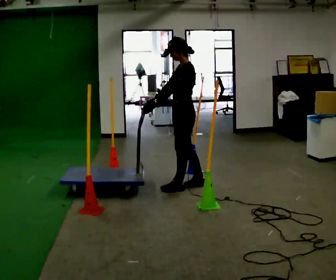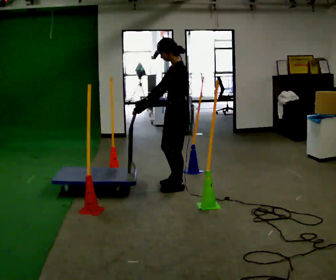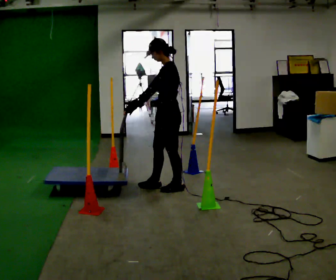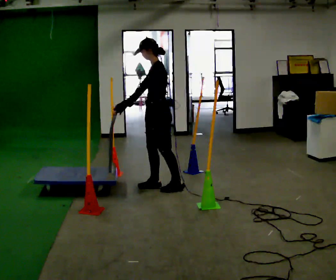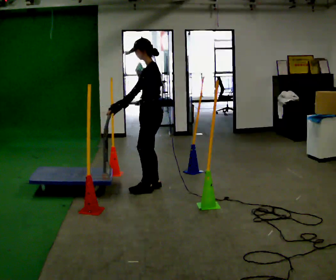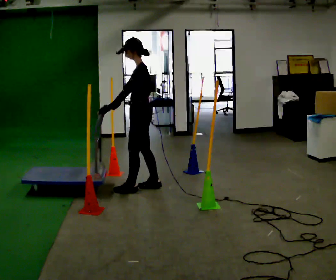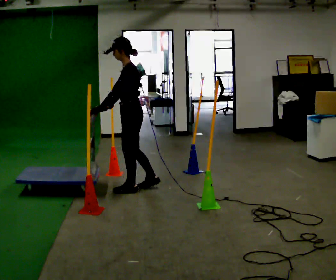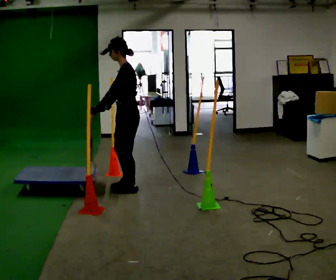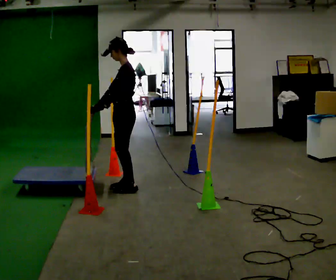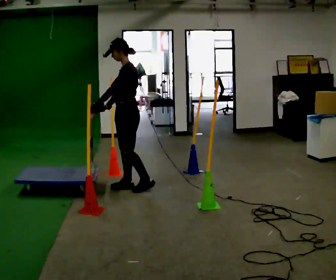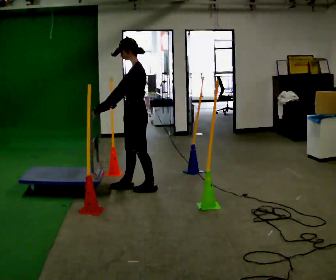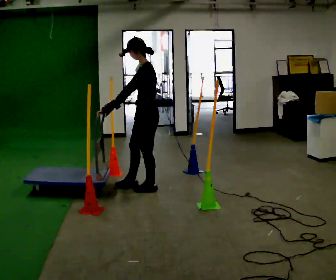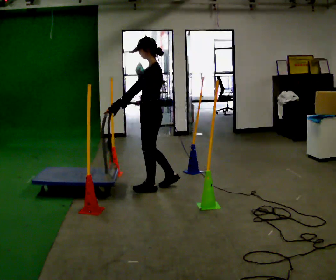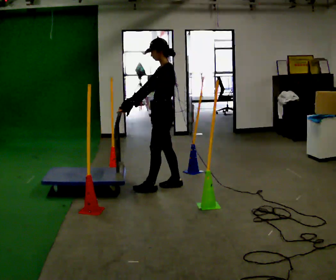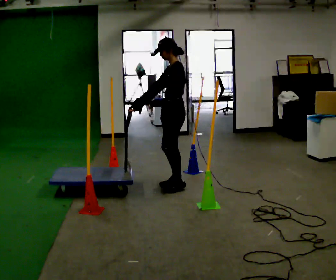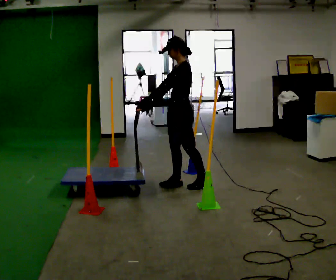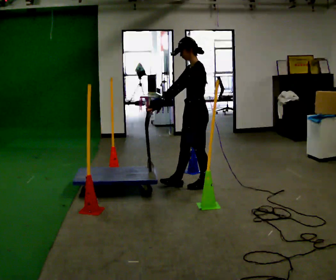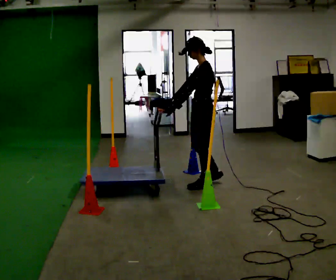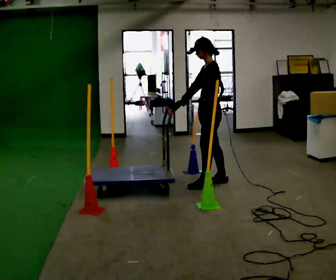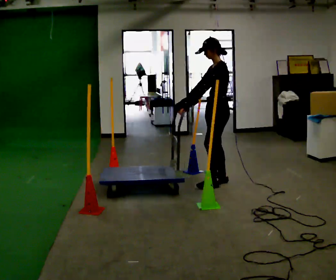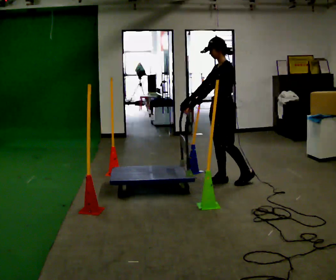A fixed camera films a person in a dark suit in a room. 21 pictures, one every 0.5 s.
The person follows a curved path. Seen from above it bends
counterclockwise.
0.0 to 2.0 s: In the picture they go to the left, about 0.25 m in 2 steps, which for them is forward.
2.0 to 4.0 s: In the picture they go to the left, about 0.25 m in 1 step, which for them is forward.
4.0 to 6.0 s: In the picture they go to the right, about 0.25 m in 2 steps, which for them is backward.
6.0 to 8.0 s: In the picture they go to the right, about 0.5 m in 1 step, which for them is backward.
8.0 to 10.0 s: In the picture they go to the right, about 0.25 m in 2 steps, which for them is backward.
The film runs backward here.
